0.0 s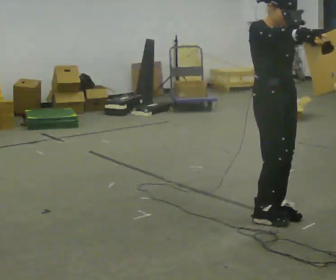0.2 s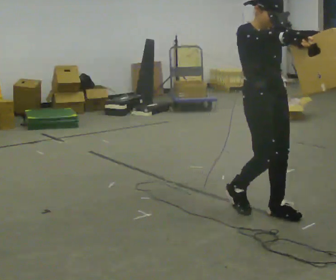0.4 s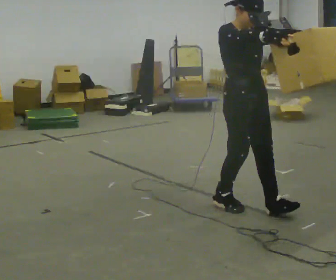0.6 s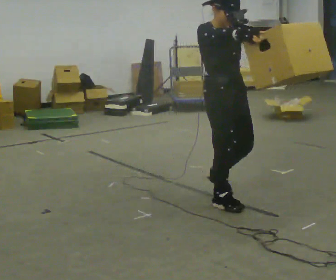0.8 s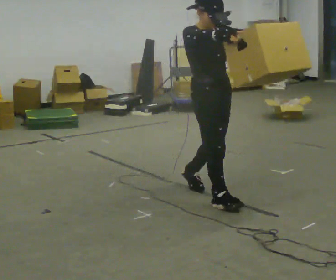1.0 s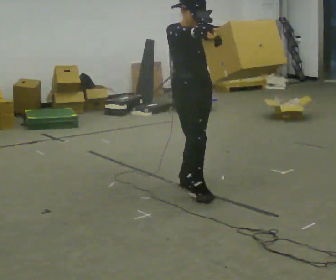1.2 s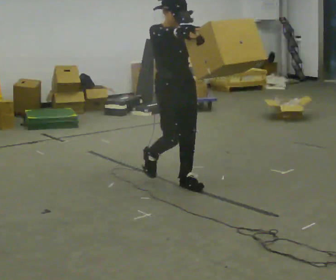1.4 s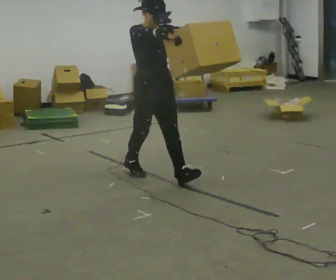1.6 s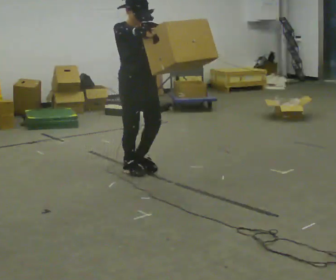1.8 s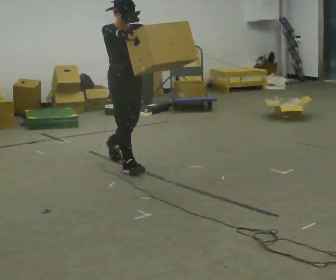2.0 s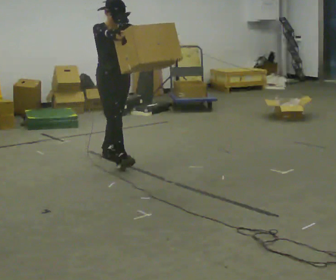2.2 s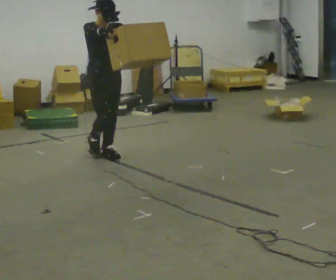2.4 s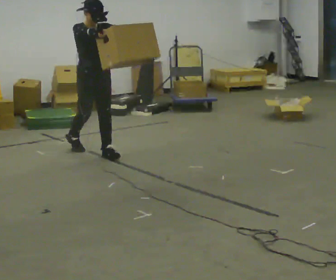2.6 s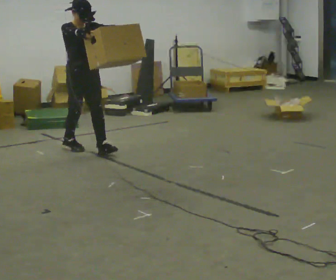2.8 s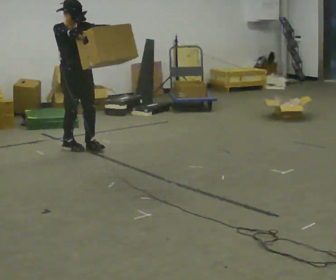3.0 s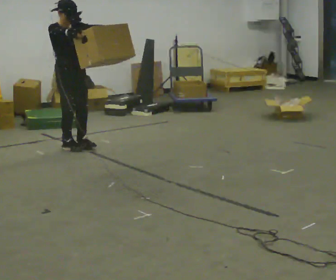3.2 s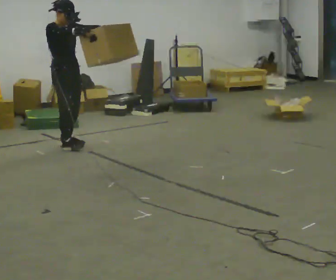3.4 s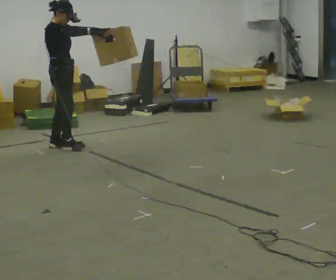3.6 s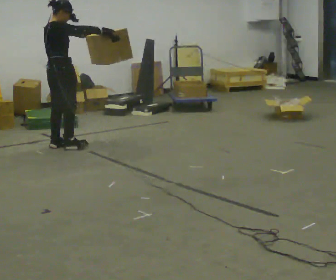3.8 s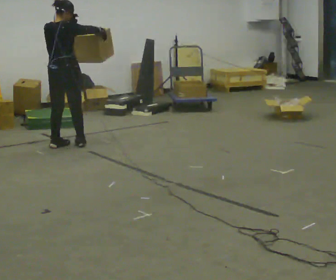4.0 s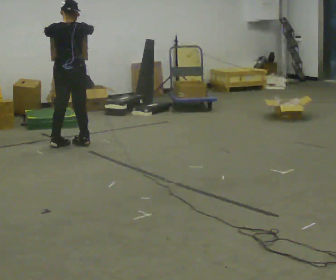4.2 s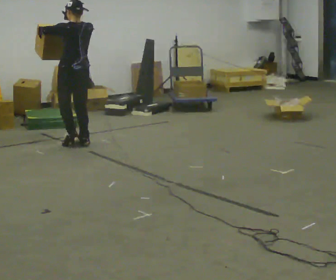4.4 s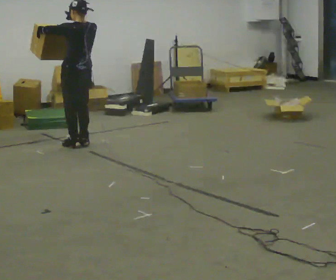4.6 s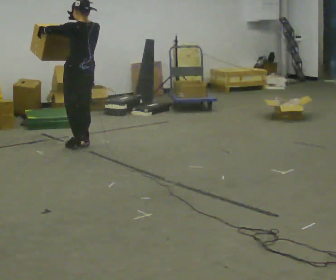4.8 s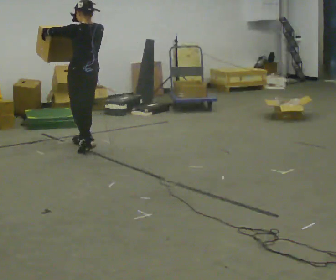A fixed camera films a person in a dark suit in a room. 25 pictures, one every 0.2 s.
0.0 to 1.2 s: In the picture they go away from the camera and to the left, about 1 m in 2 steps, which for them is backward.
1.2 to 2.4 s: In the picture they go away from the camera and to the left, about 1 m in 2 steps, which for them is backward.
2.4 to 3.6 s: The person turns about 75 degrees to their left, counterclockwise seen from above, so the part of the body nearest the lens slides to the right. In the picture they go to the left and away from the camera, about 0.5 m in 1 step.
3.6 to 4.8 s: Seen from above the body turns counterclockwise, about 105 degrees: to their left, with its near side sliding to the right. In the picture they go to the right, about 0.25 m in 3 steps.
The film runs backward here.
